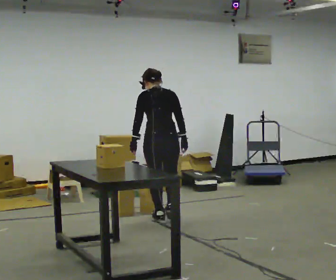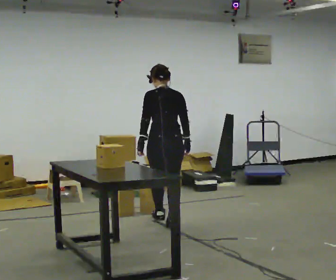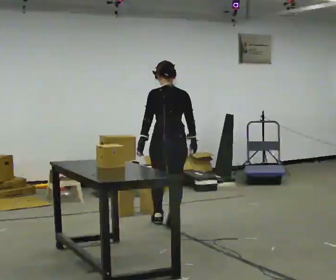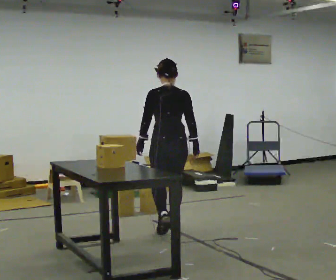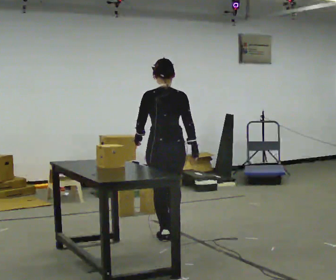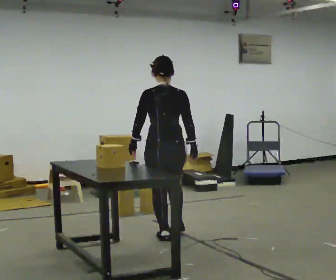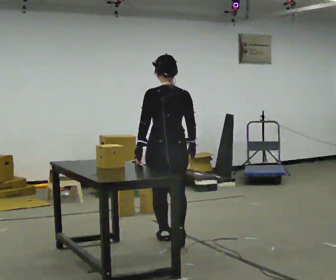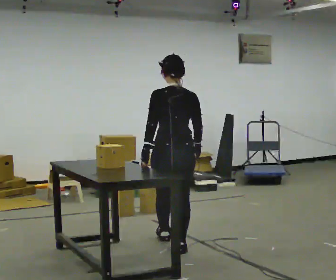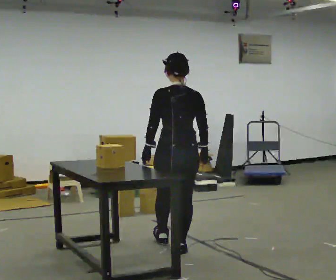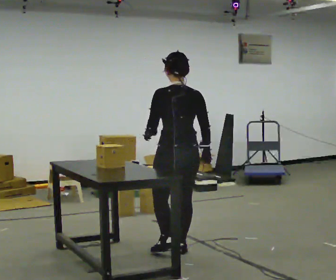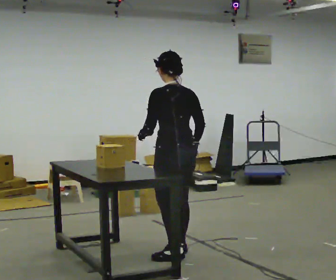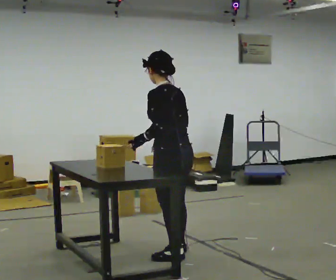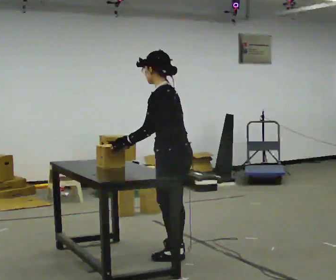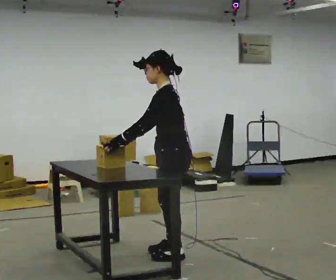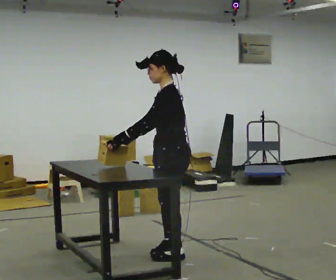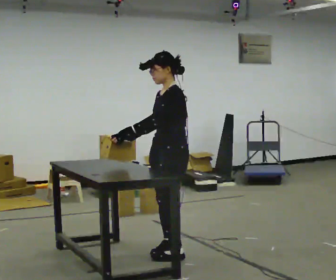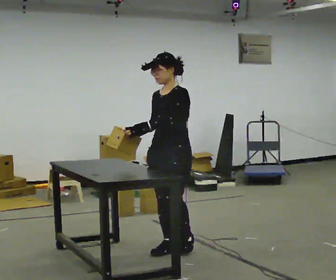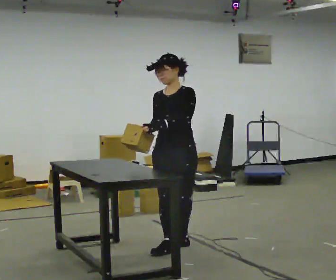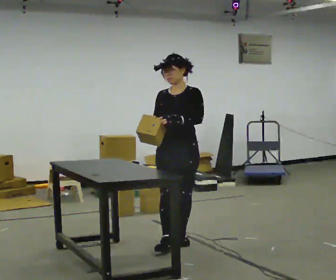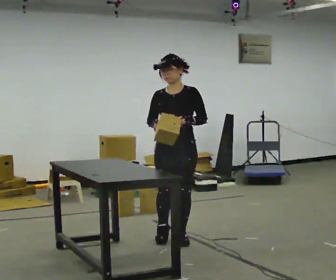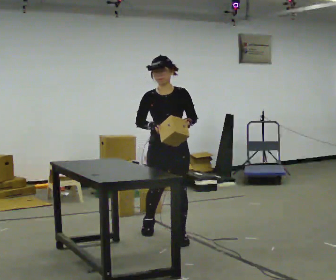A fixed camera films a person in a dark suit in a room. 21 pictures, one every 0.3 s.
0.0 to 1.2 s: In the picture they go toward the camera, about 0.5 m in 1 step, which for them is backward.
1.2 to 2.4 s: In the picture they go toward the camera, about 0.5 m in 2 steps, which for them is backward.
2.4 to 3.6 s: The part of the body nearest the lens slides to the right as the person turns to their left by about 60 degrees. In the picture they go toward the camera, about 0.25 m, which for them is backward and to their left. In the picture their right hand goes to the left, the arm swinging clockwise.
3.6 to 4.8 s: The part of the body nearest the lens slides to the right as the person turns to their left by about 75 degrees. In the picture they go away from the camera, about 0.25 m in 1 step.
4.8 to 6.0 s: The person turns about 45 degrees to their left, counterclockwise seen from above, so the part of the body nearest the lens slides to the right. In the picture they go away from the camera, about 0.5 m in 1 step, which for them is backward.
The film runs backward here.
